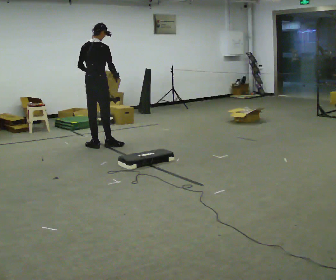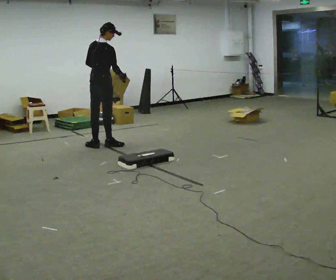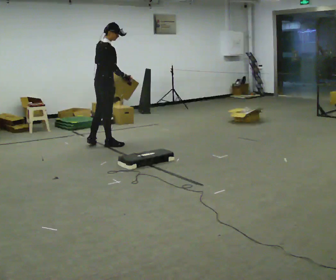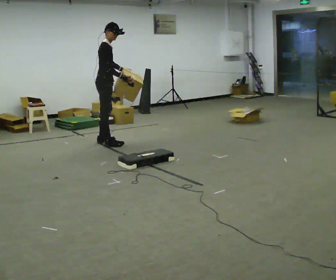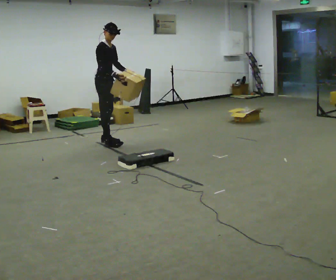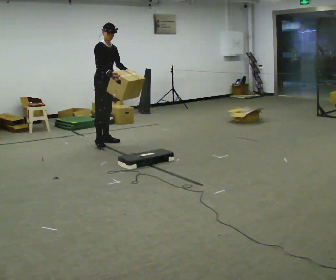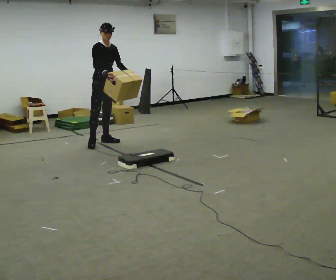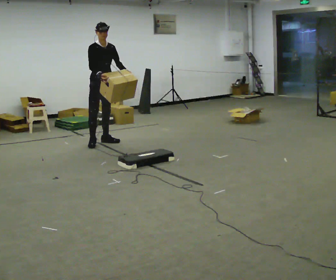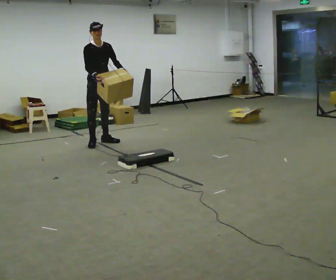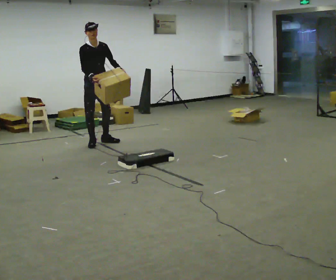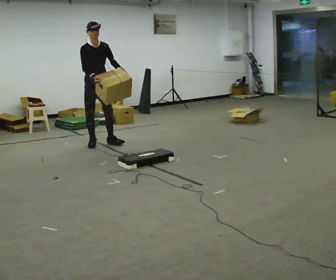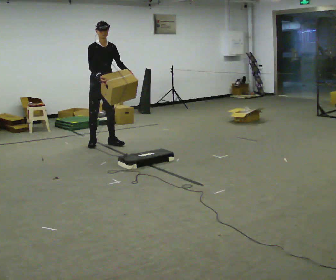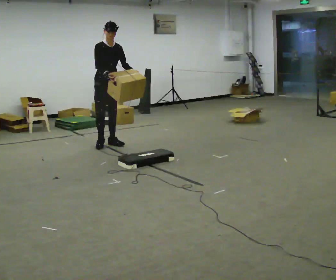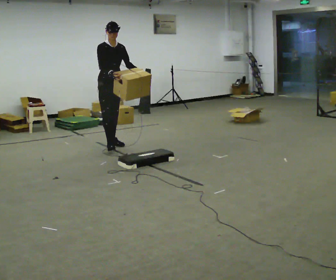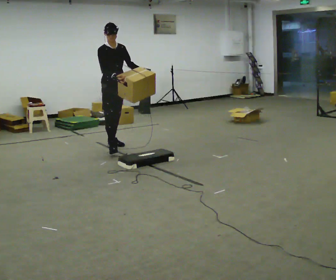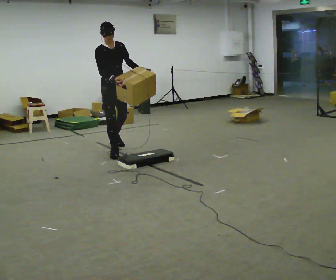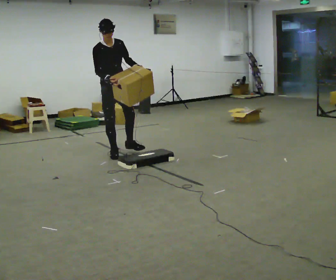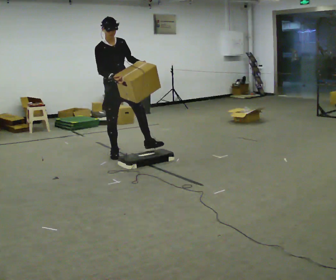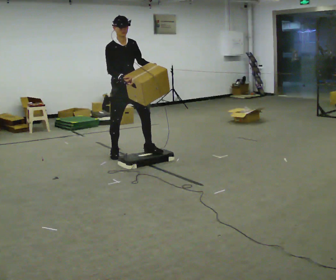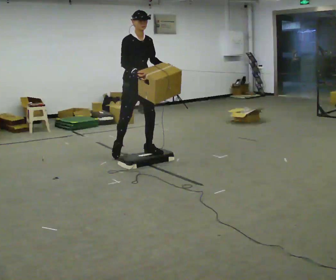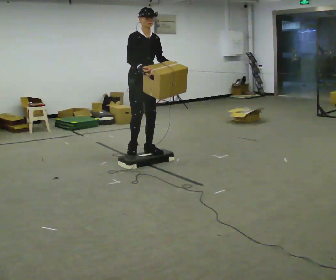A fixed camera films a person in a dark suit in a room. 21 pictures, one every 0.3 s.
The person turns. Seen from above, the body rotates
clockwise.
The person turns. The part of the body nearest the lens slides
to the left.
0.0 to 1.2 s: The person turns about 90 degrees to their right, clockwise seen from above, so the part of the body nearest the lens slides to the left. In the picture they go away from the camera, about 0.25 m in 1 step.
1.2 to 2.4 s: The part of the body nearest the lens slides to the left as the person turns to their right by about 30 degrees.
2.4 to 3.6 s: The person moves a little, or ends about where they began.
3.6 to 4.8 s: In the picture they go toward the camera, about 0.5 m in 1 step, which for them is forward. In the picture the upper body tilts counterclockwise, shoulders to the left.
4.8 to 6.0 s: In the picture they go toward the camera and to the right, about 0.5 m in 1 step, which for them is forward and to their left.
The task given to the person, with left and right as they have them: Carry the box up onto the platform, across it, and down the other side, then bring it back. Keep going until the operator says stop; one object at a time, and do not rush between trips.
The film runs forward here.
